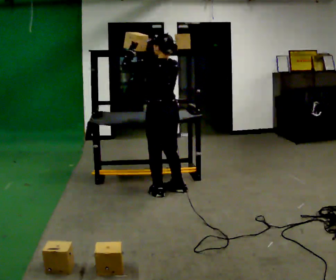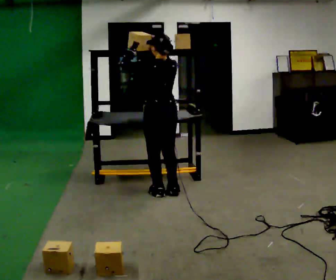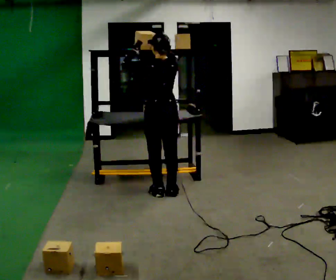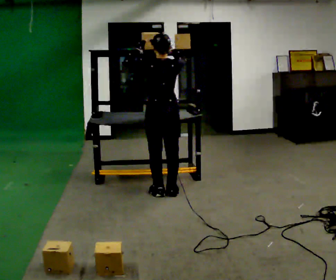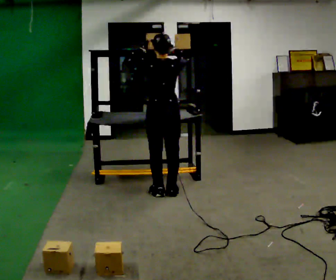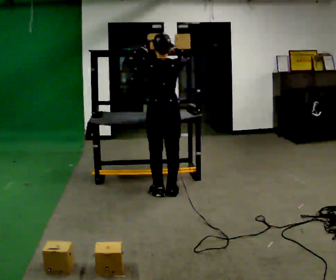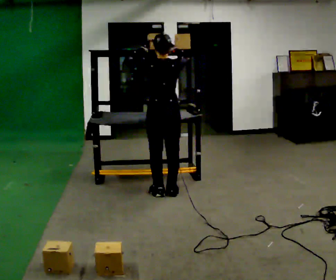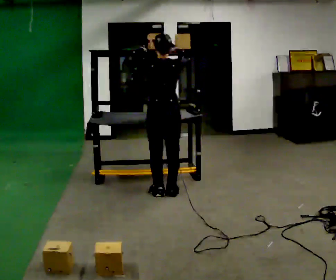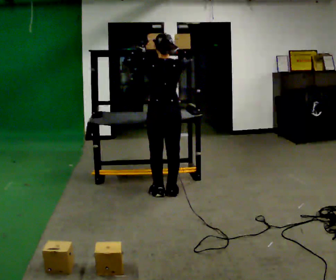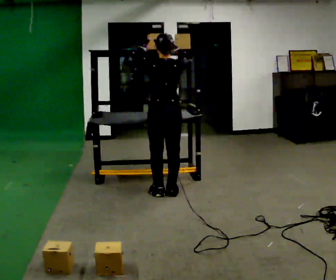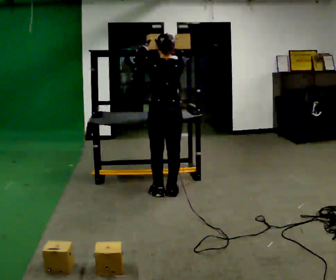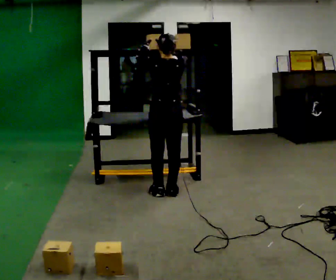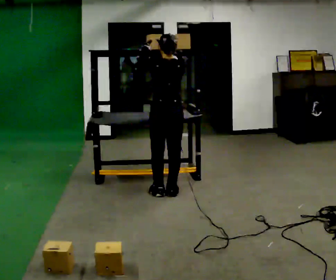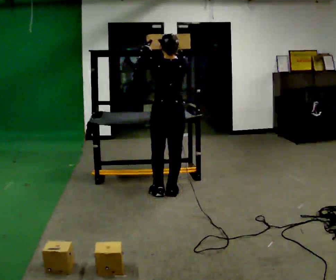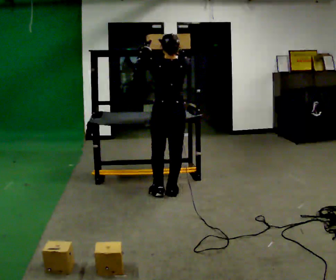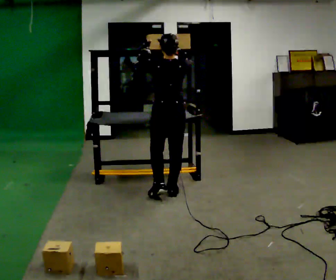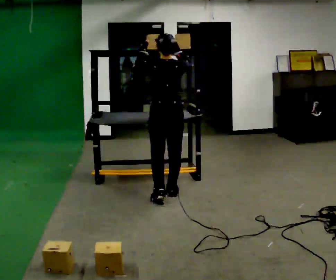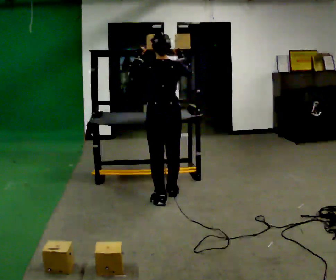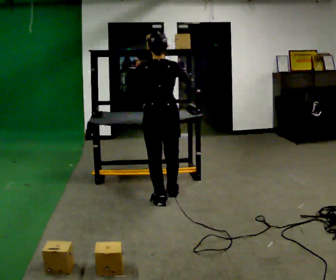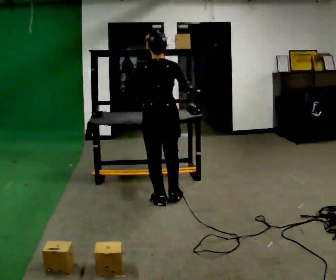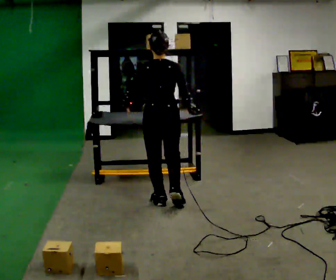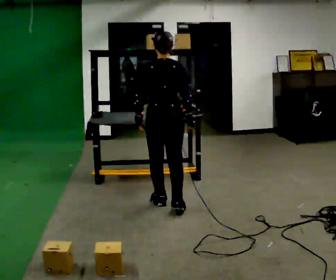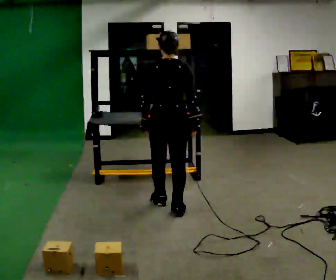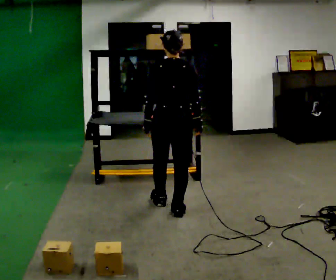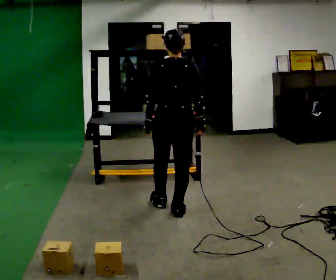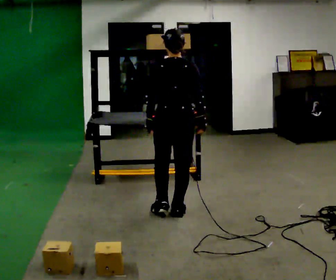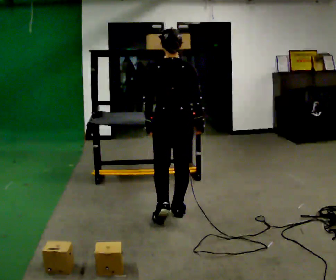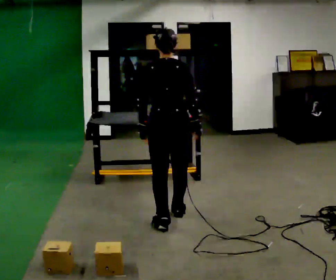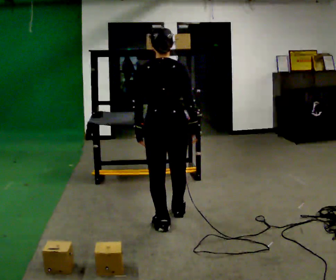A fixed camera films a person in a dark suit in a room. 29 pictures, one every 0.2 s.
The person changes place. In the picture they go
toward the camera.
Their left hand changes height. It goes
downward.
0.0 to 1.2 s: Seen from above the body turns clockwise, about 30 degrees: to their right, with its near side sliding to the left.
1.2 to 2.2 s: The person moves a little, or ends about where they began.
2.2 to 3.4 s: In the picture they go toward the camera, about 0.25 m in 1 step, which for them is backward.
3.4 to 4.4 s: In the picture they go toward the camera, about 0.25 m in 1 step, which for them is backward. In the picture their right hand goes downward.
4.4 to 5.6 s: In the picture they go toward the camera, about 0.5 m in 1 step, which for them is backward.
The film runs backward here.
